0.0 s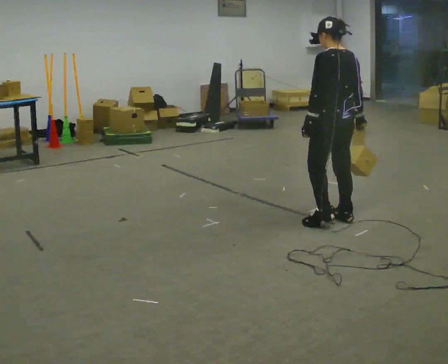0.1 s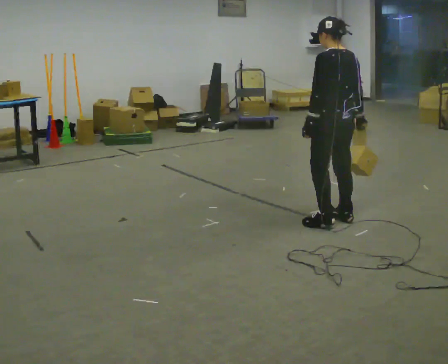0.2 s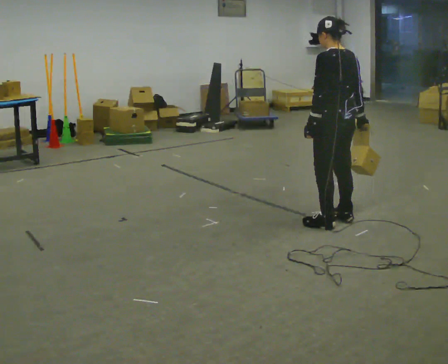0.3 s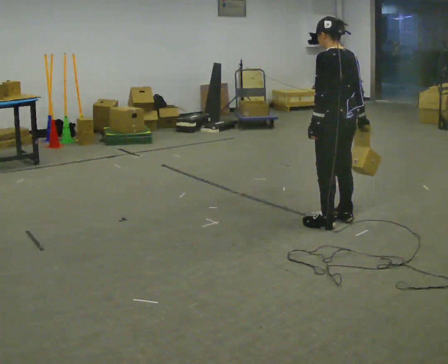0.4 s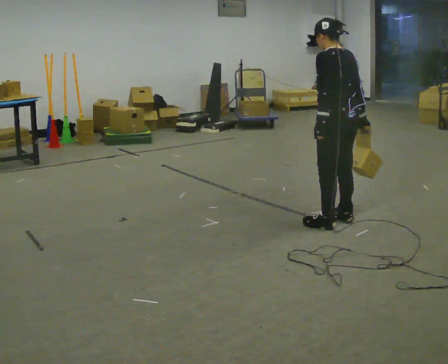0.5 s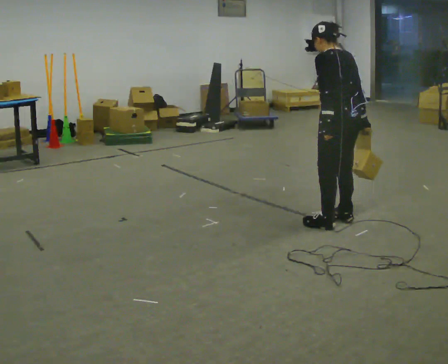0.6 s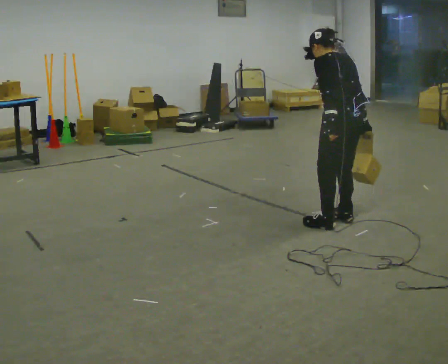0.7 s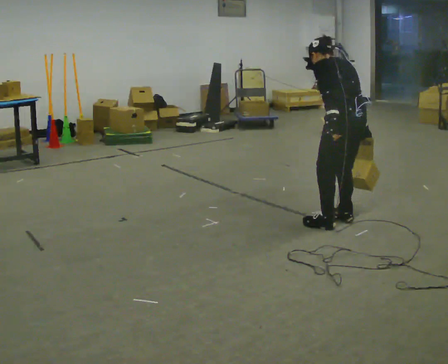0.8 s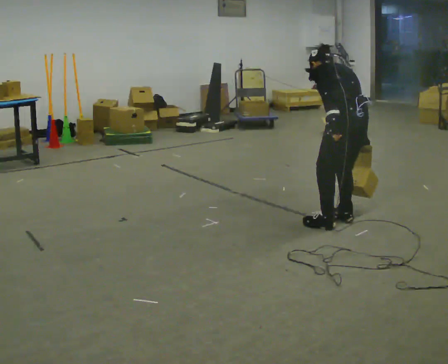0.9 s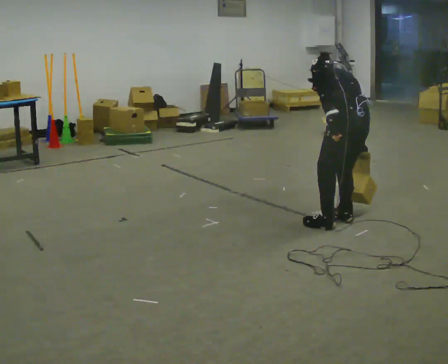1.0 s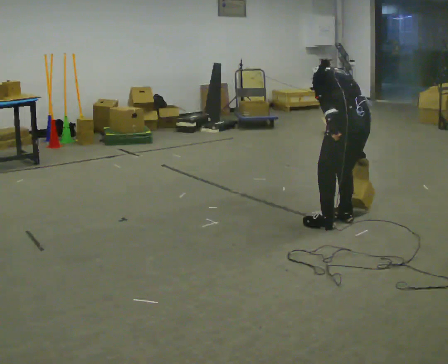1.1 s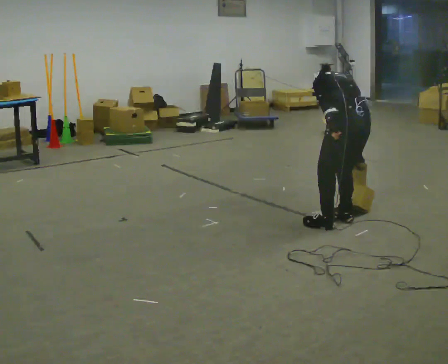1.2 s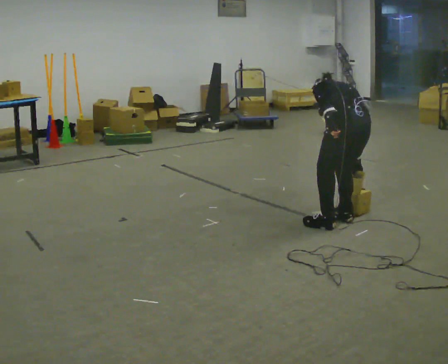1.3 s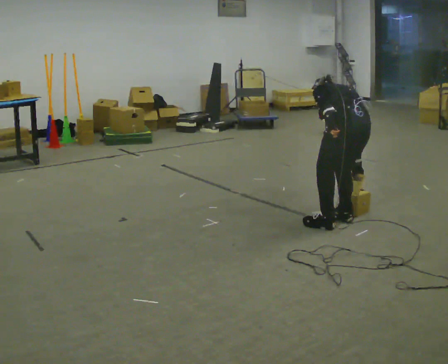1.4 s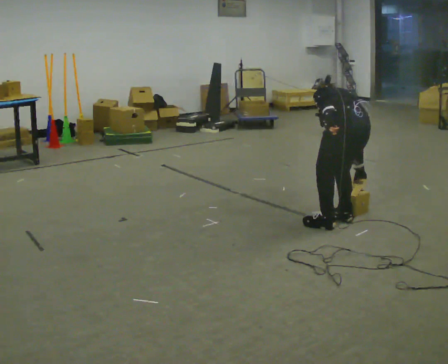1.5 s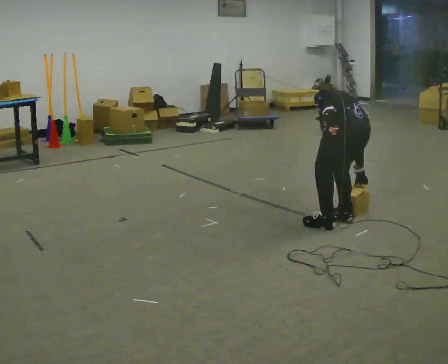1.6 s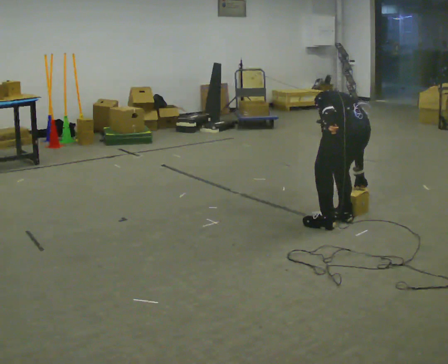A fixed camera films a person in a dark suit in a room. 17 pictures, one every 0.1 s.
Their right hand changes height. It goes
downward.
The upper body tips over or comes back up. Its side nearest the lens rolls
upward.
0.0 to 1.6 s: In the picture they go toward the camera, about 0.25 m, which for them is backward. The shoulders move downward. The upper body tips away from the camera, its near side rolling upward, as they bend forward.
The film runs backward here.
